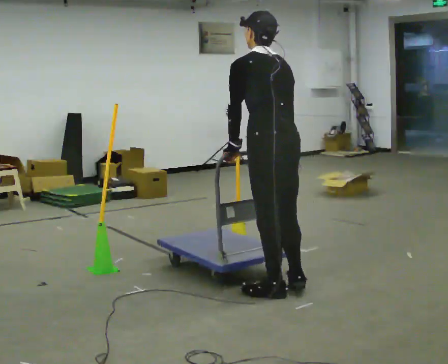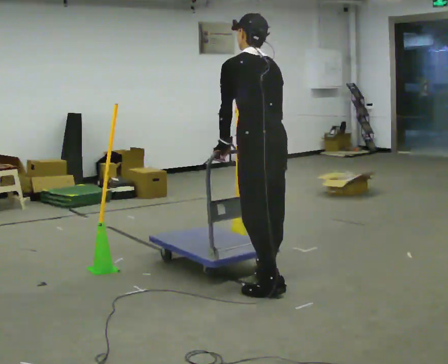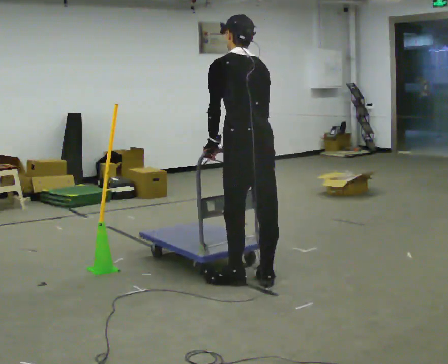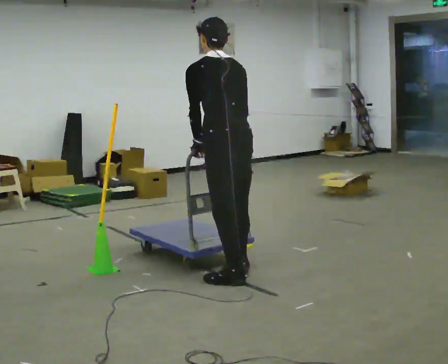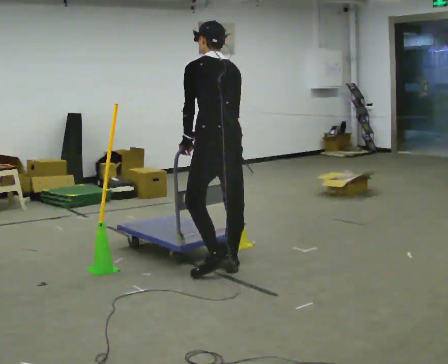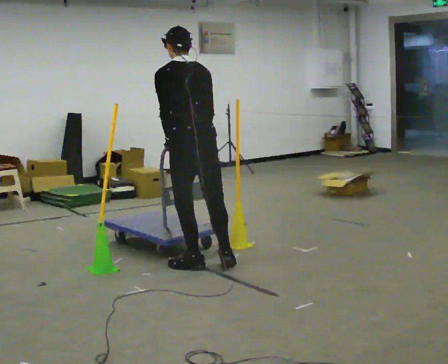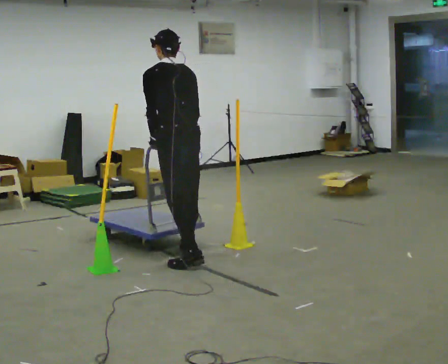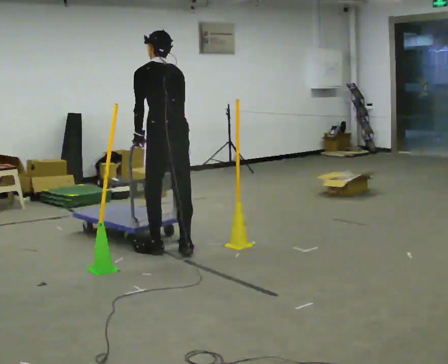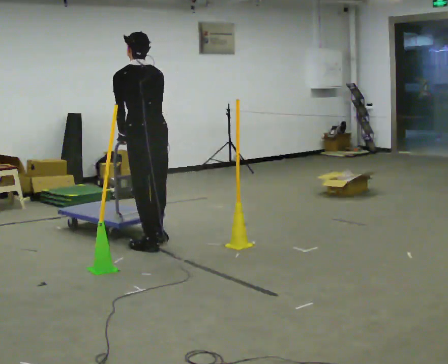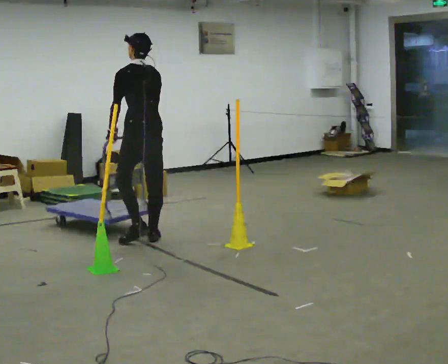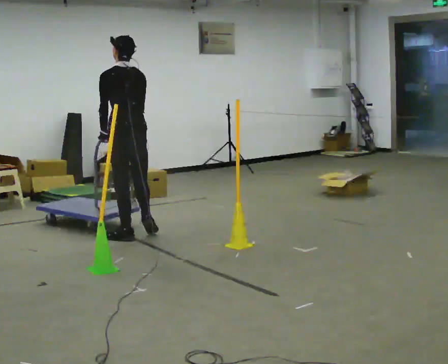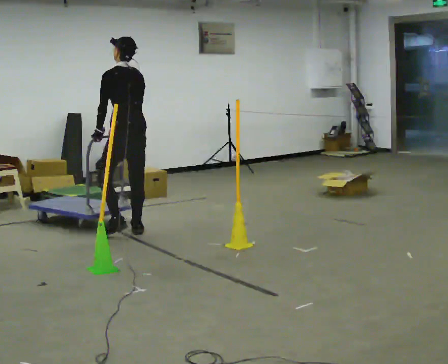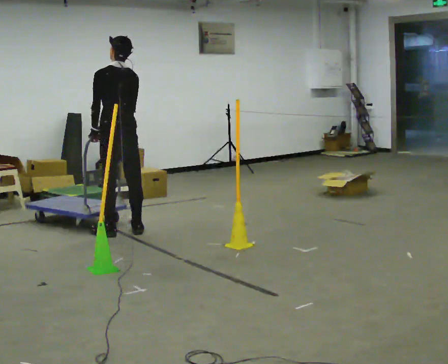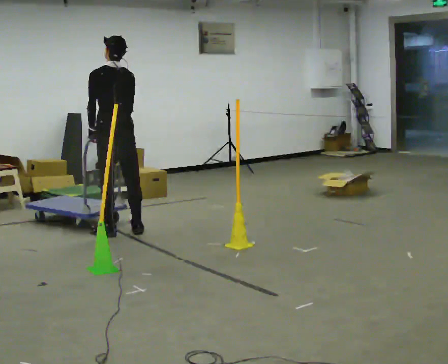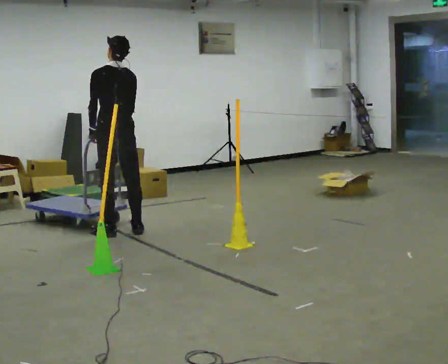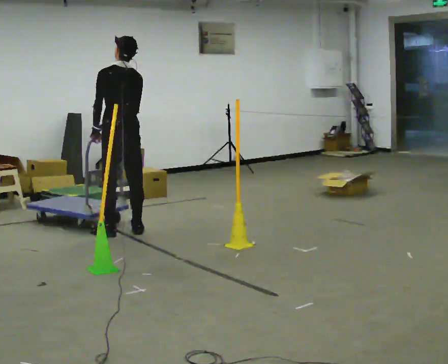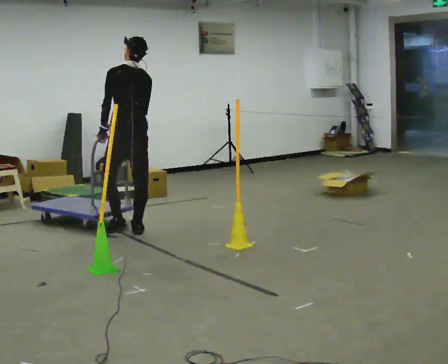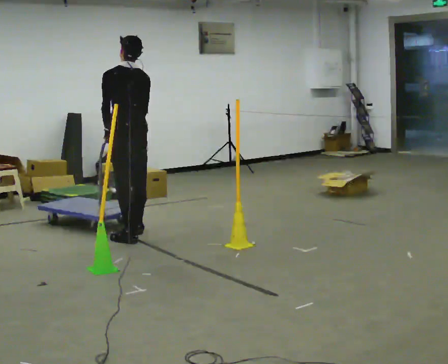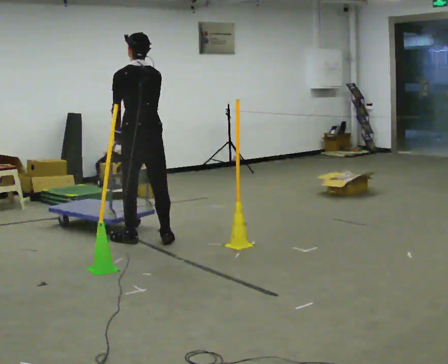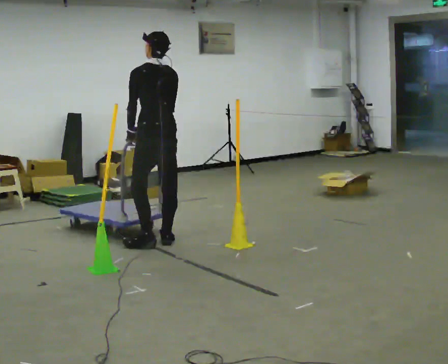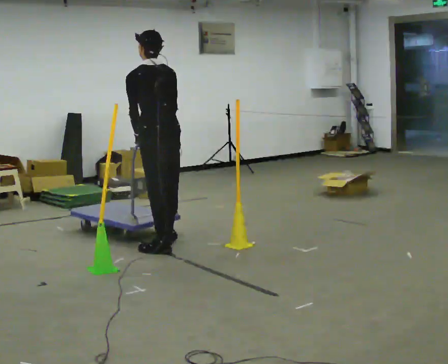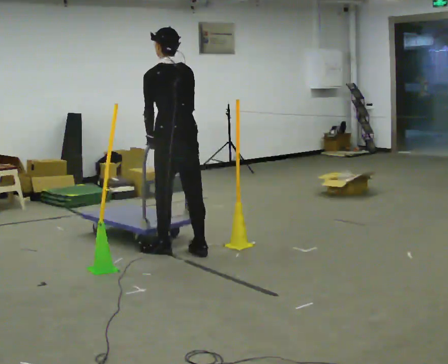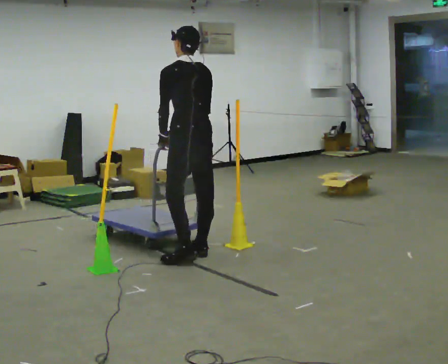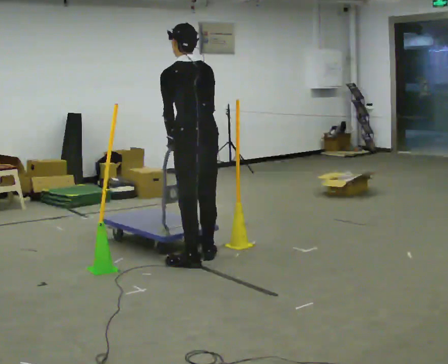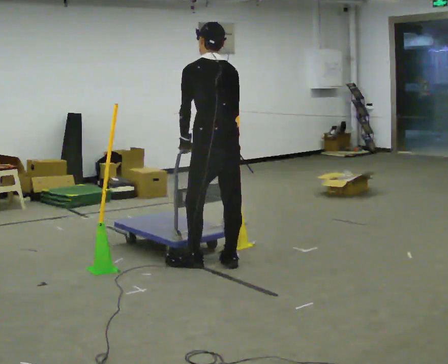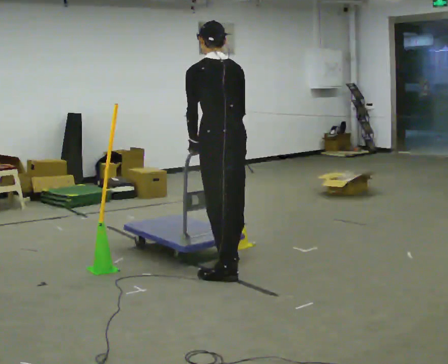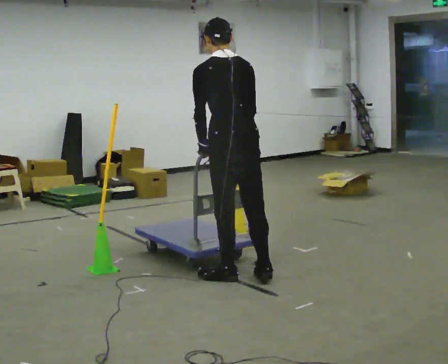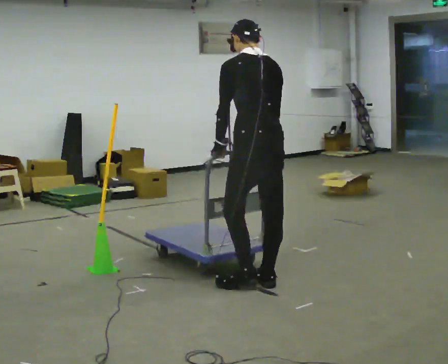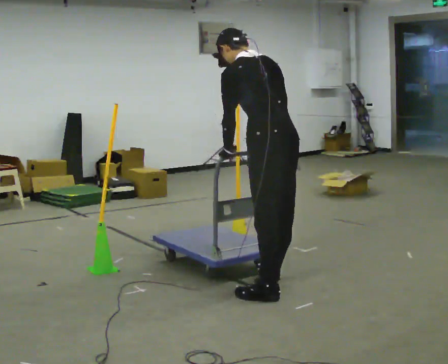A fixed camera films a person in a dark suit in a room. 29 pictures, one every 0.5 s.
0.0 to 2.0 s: In the picture they go away from the camera and to the left, about 0.5 m in 3 steps, which for them is forward.
2.0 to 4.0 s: In the picture they go away from the camera and to the left, about 1 m in 3 steps, which for them is forward.
4.0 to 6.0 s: In the picture they go away from the camera and to the left, about 0.5 m in 4 steps, which for them is forward.
6.0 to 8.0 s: The person moves a little, or ends about where they began.
8.0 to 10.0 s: In the picture they go toward the camera and to the right, about 0.75 m in 3 steps, which for them is backward.
10.0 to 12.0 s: In the picture they go toward the camera and to the right, about 0.75 m in 3 steps, which for them is backward.
12.0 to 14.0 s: In the picture they go toward the camera, about 0.5 m in 3 steps, which for them is backward.
The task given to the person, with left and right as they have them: Push the cart through the gap between the poles without touching them, then bring it back through.
The film runs forward here.
